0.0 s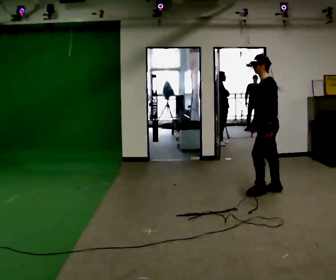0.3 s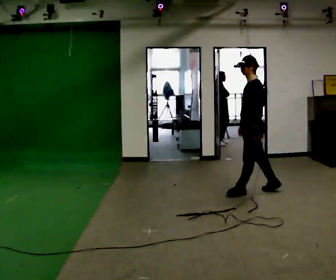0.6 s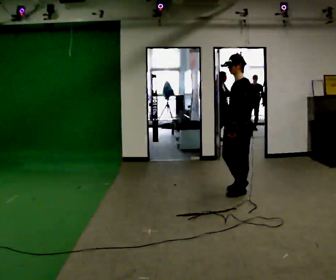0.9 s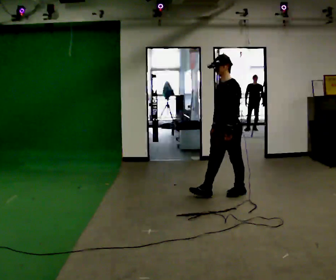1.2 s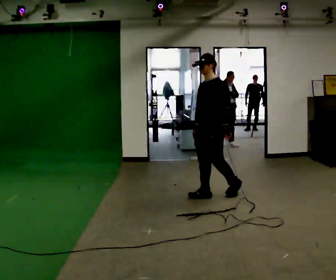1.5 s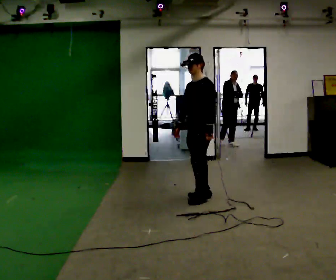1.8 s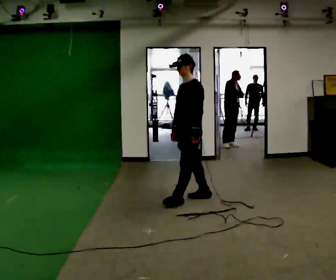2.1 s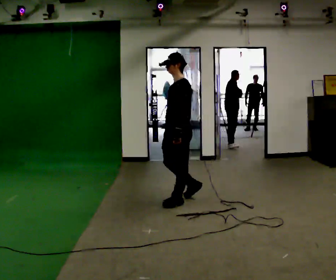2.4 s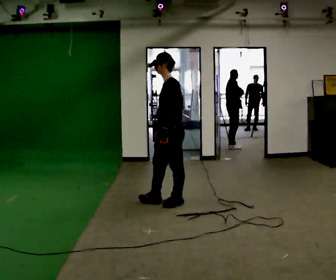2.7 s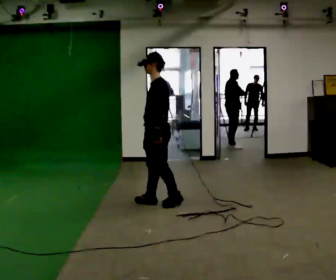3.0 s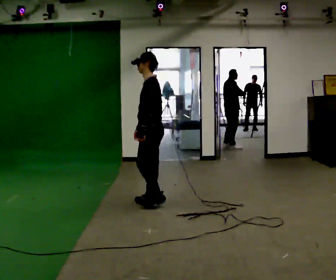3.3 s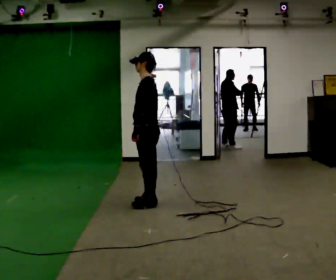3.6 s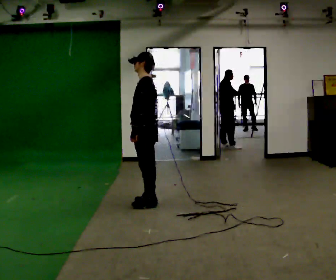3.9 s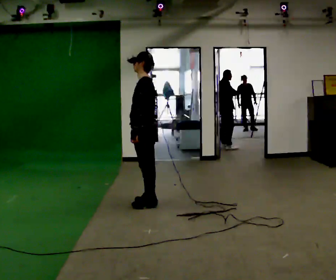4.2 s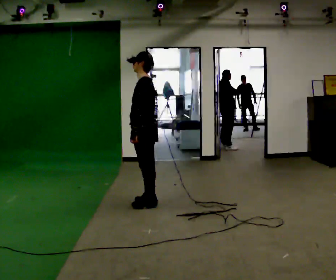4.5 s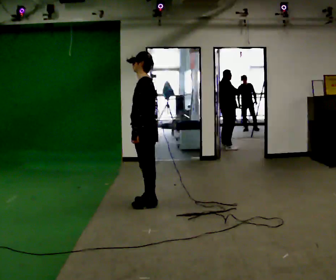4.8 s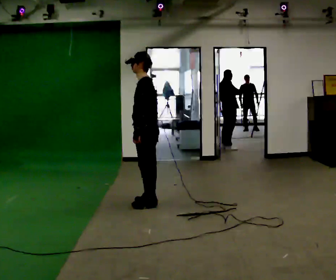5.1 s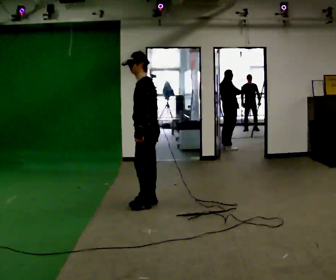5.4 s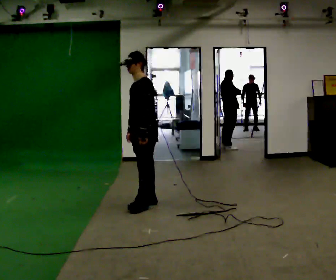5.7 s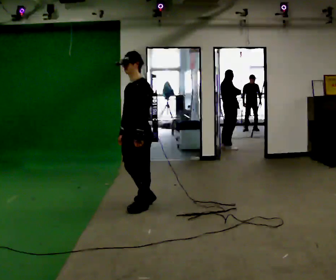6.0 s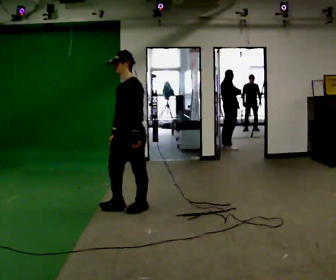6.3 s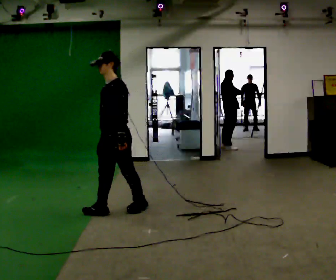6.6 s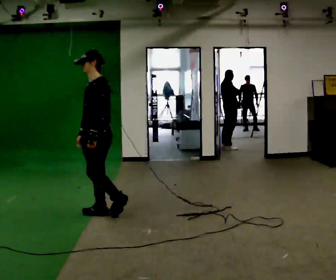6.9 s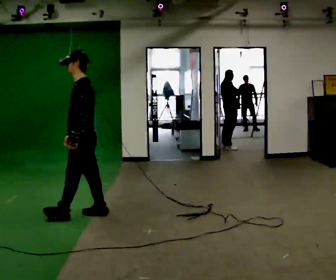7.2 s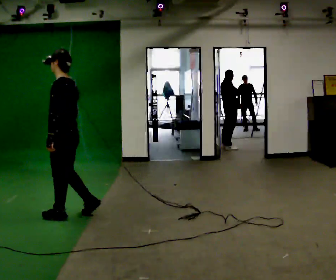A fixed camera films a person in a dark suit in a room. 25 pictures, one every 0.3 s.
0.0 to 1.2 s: The person turns about 30 degrees to their left, counterclockwise seen from above, so the part of the body nearest the lens slides to the right. In the picture they go to the left, about 0.5 m in 2 steps, which for them is forward.
1.2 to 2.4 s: In the picture they go to the left and toward the camera, about 0.5 m in 1 step, which for them is forward.
2.4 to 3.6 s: In the picture they go to the left, about 0.25 m in 2 steps, which for them is forward.
3.6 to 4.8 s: The person moves a little, or ends about where they began.
4.8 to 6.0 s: The part of the body nearest the lens slides to the right as the person turns to their left by about 30 degrees. In the picture they go toward the camera and to the left, about 0.25 m, which for them is forward and to their left.
6.0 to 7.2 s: The person turns about 45 degrees to their right, clockwise seen from above, so the part of the body nearest the lens slides to the left. In the picture they go to the left and toward the camera, about 0.75 m in 2 steps, which for them is forward.
The film runs forward here.
